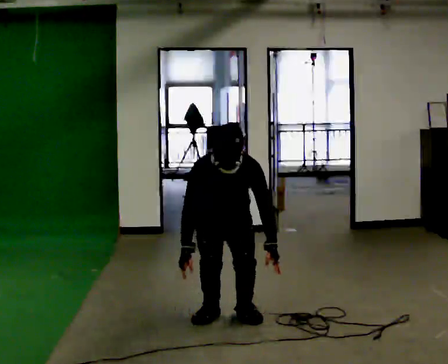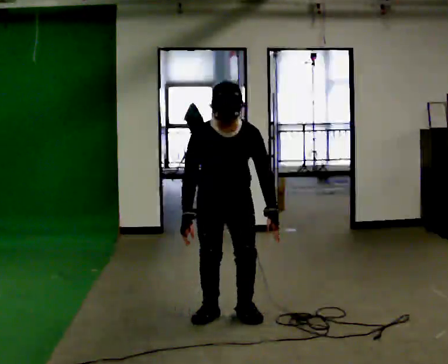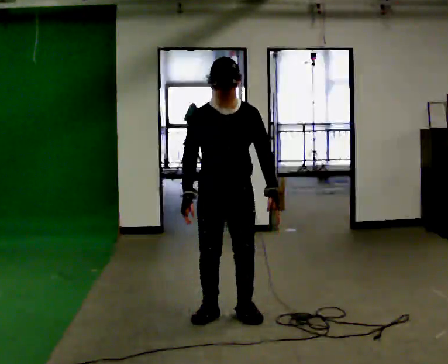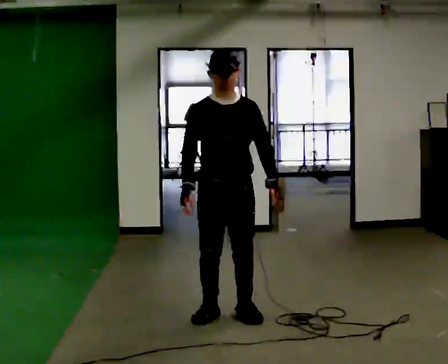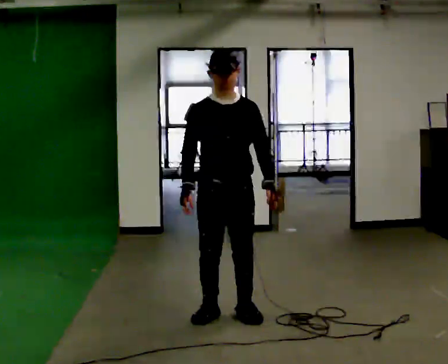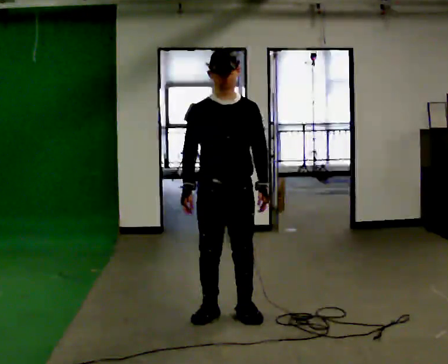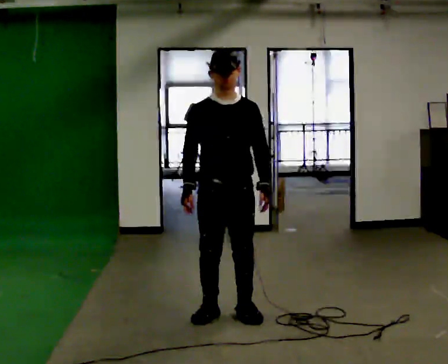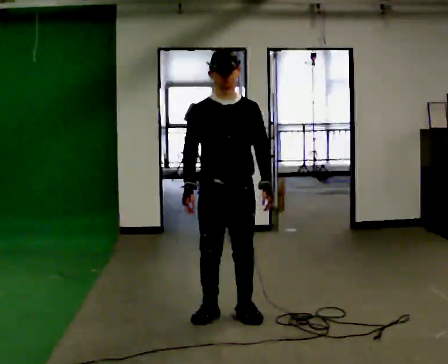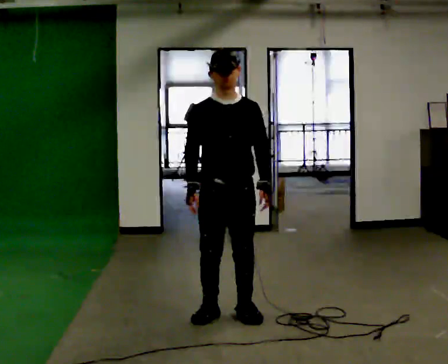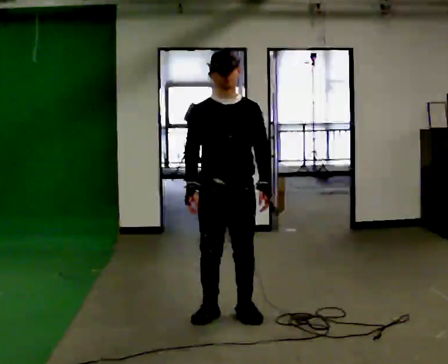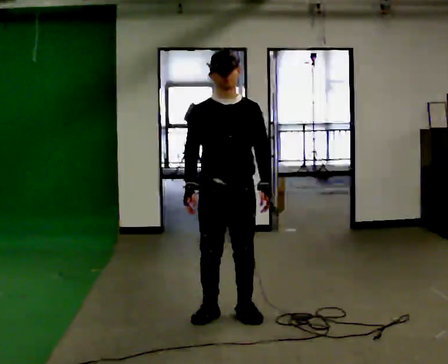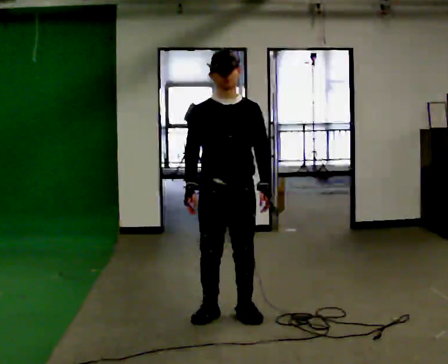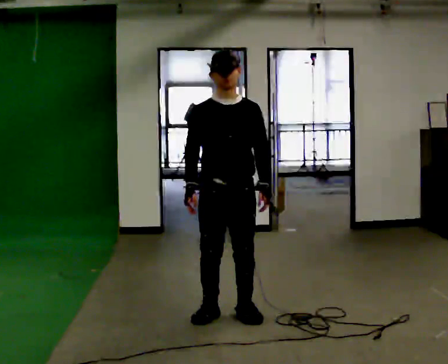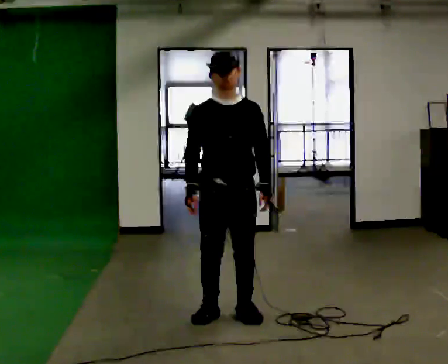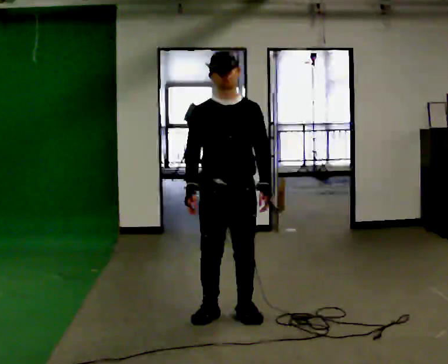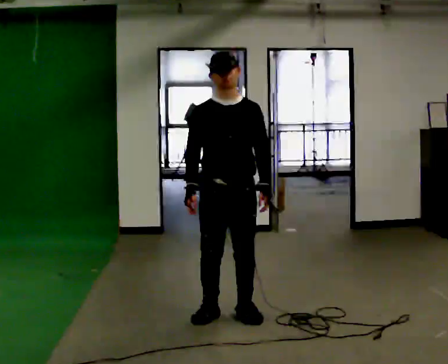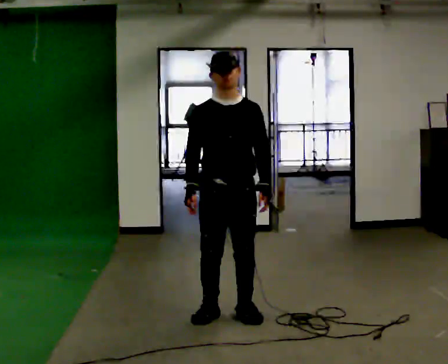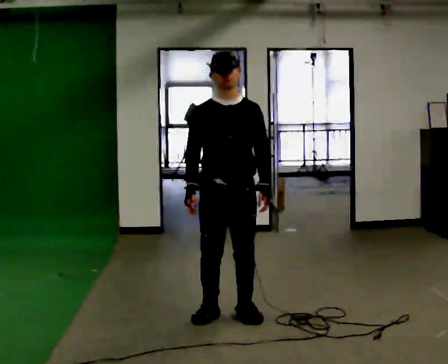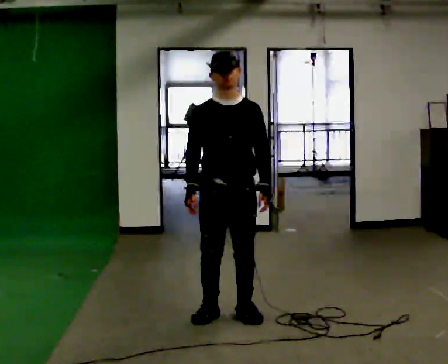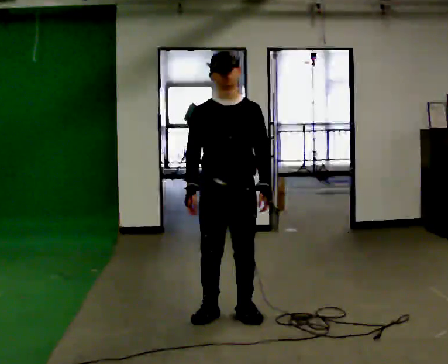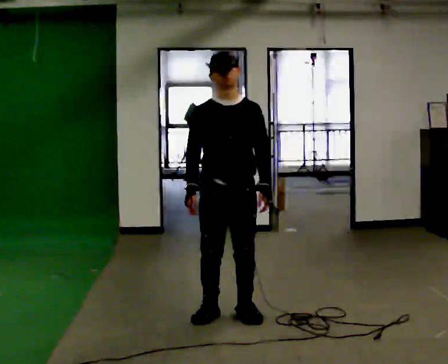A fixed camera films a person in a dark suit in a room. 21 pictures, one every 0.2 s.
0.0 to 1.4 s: The shoulders move upward. The upper body tips away from the camera, its near side rolling upward, as they lean back or straighten. In the picture their left hand goes upward.
1.4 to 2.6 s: The person moves a little, or ends about where they began.
2.6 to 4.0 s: The person keeps their place and pose.
The film runs forward here.
